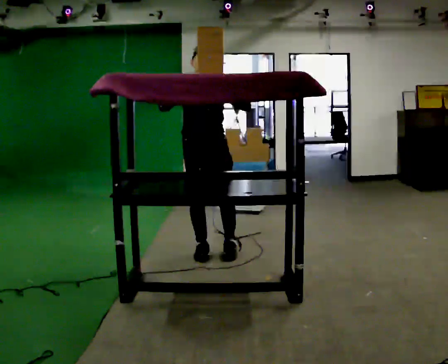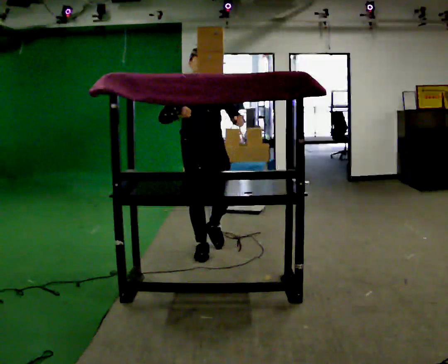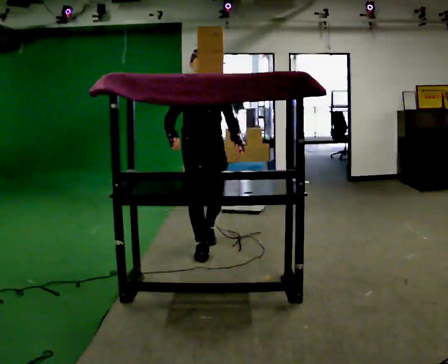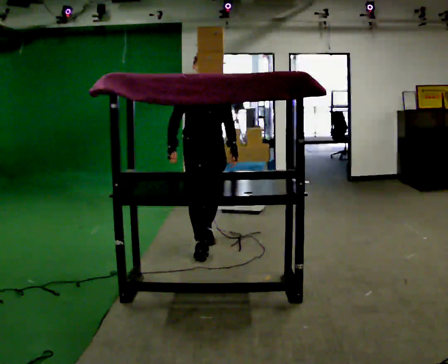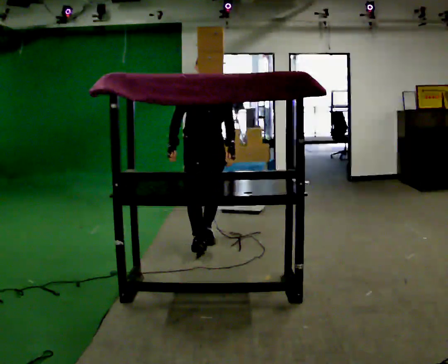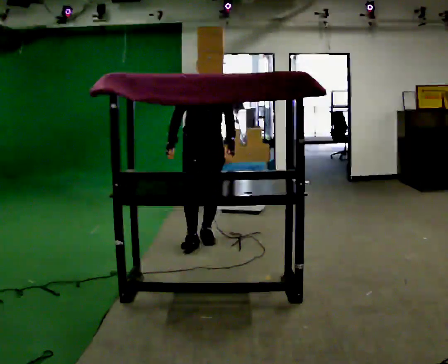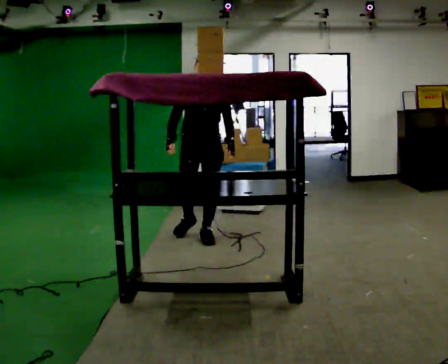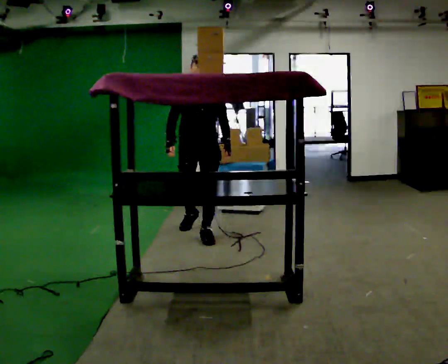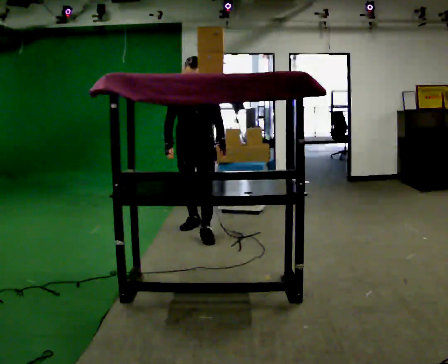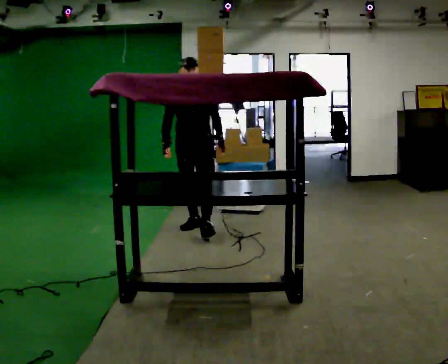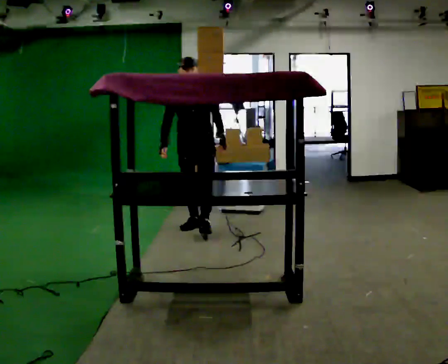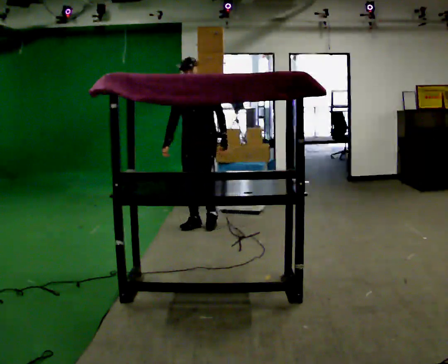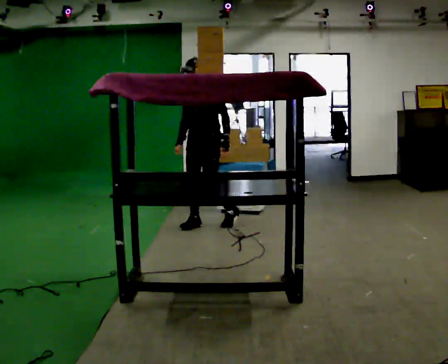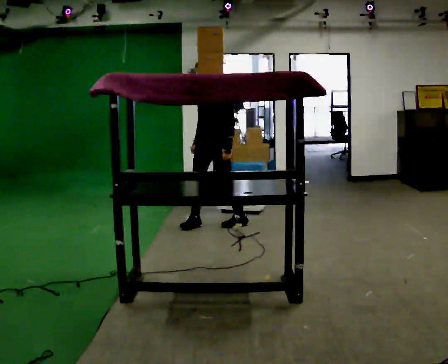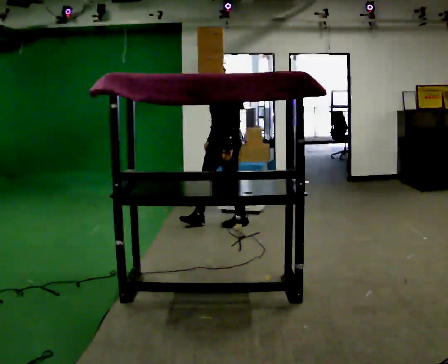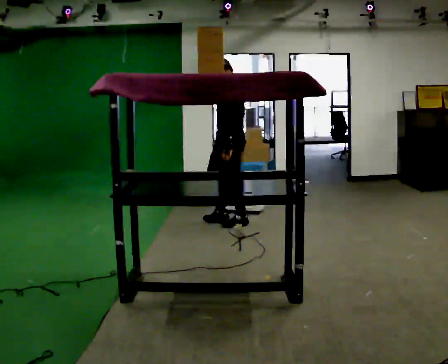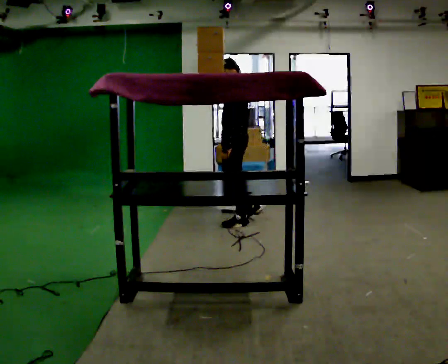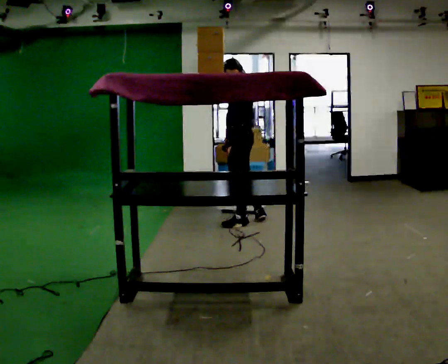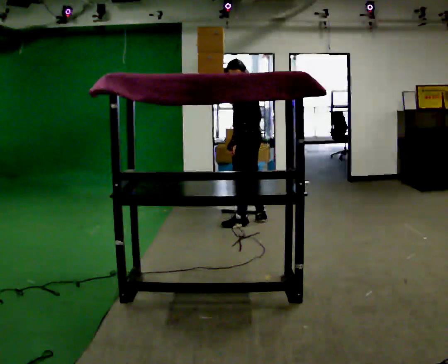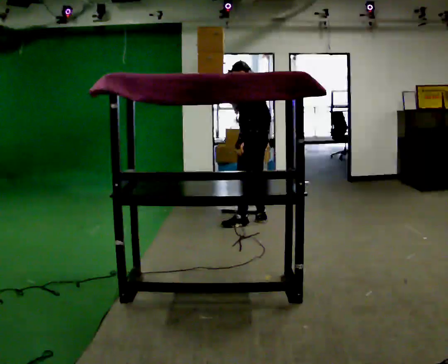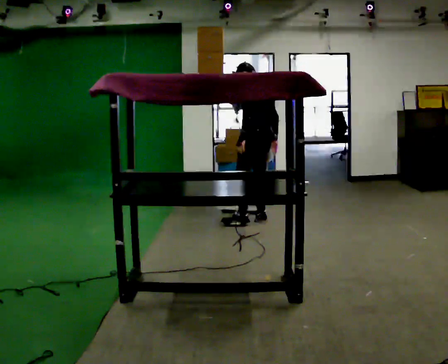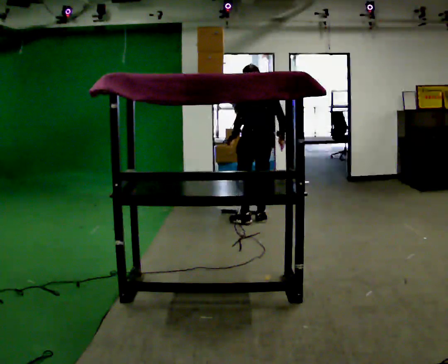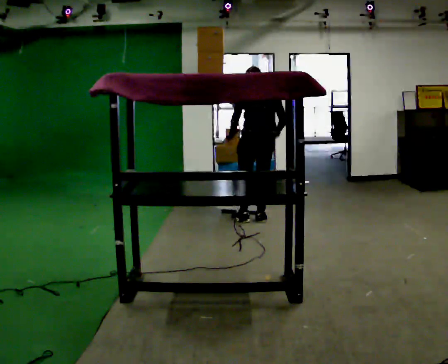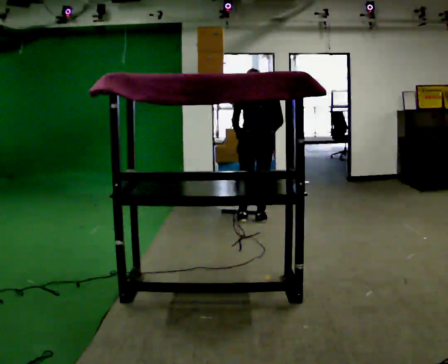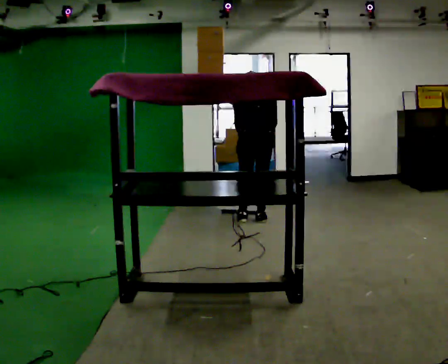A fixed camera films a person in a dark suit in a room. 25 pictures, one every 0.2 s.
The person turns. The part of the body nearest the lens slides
to the left.
The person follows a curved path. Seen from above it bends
clockwise.
0.0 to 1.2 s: In the picture they go away from the camera, about 0.5 m in 1 step, which for them is backward. In the picture their right hand goes downward.
1.2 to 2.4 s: The person turns about 45 degrees to their right, clockwise seen from above, so the part of the body nearest the lens slides to the left. In the picture they go away from the camera, about 0.5 m in 1 step, which for them is backward.
2.4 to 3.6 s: The part of the body nearest the lens slides to the left as the person turns to their right by about 75 degrees. In the picture they go to the right, about 0.5 m in 1 step.
3.6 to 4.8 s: The part of the body nearest the lens slides to the left as the person turns to their right by about 60 degrees. The upper body tips away from the camera, its near side rolling upward, as they bend forward.
The film runs backward here.
